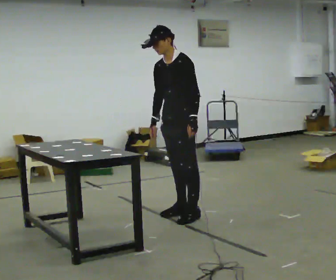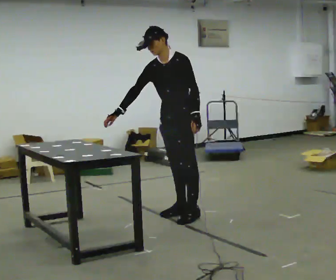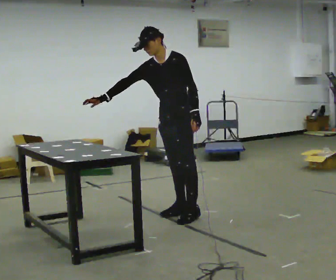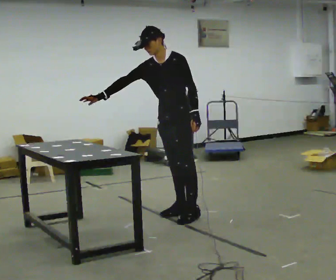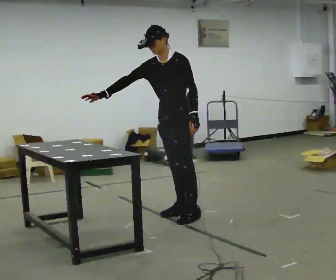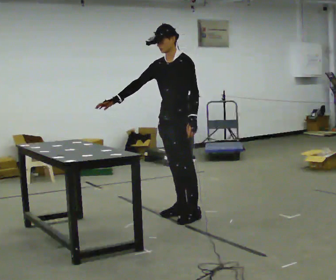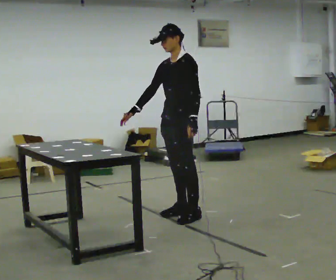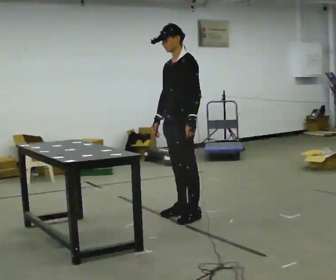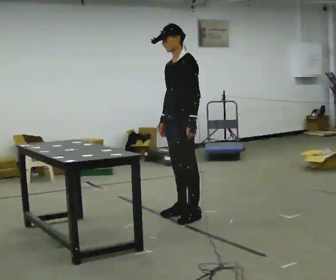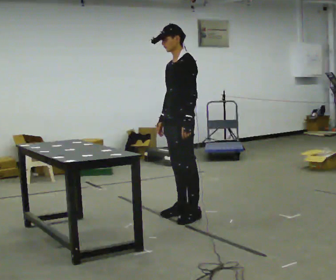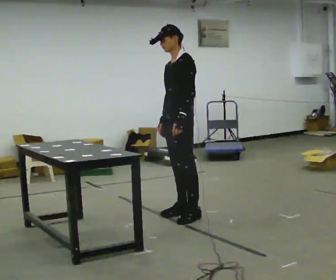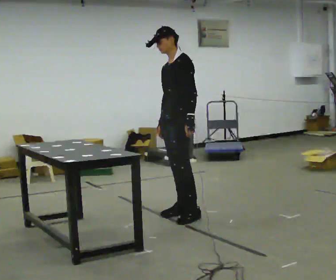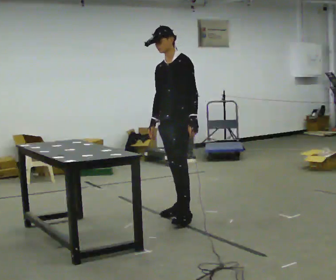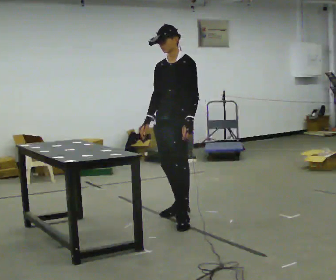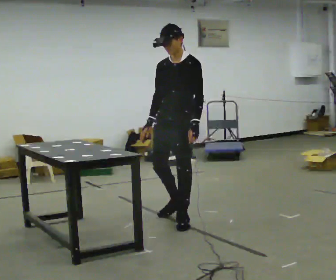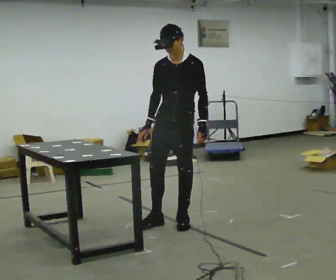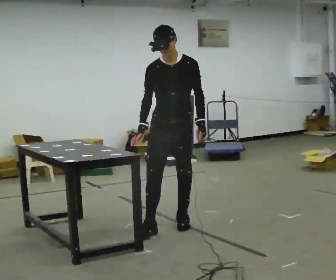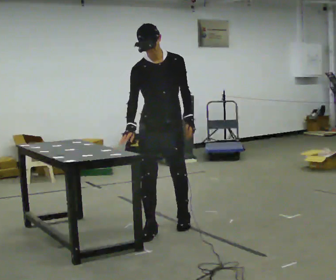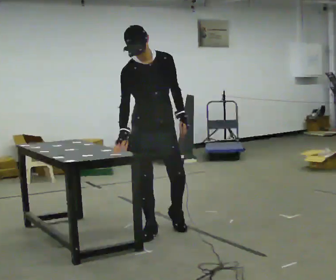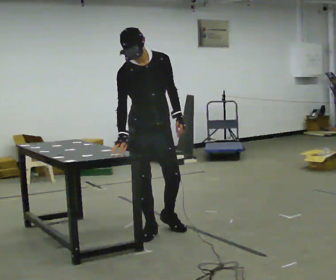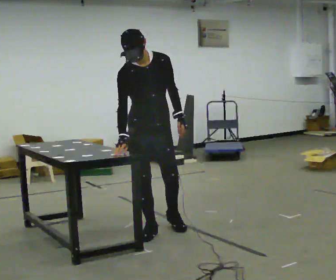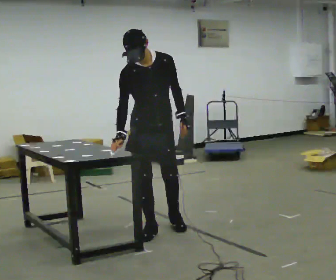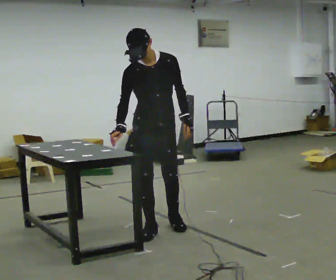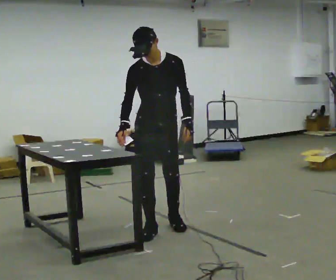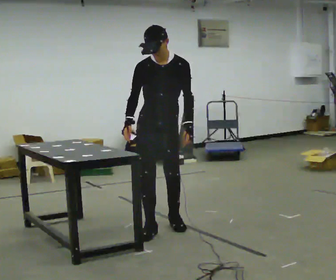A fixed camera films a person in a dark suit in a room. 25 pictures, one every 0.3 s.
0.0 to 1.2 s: In the picture their right hand goes to the left, the arm swinging clockwise.
1.2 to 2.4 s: In the picture their right hand goes to the right, the arm swinging counterclockwise.
2.4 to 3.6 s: The person moves a little, or ends about where they began.
3.6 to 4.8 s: The part of the body nearest the lens slides to the right as the person turns to their left by about 45 degrees. In the picture they go toward the camera, about 0.25 m in 1 step, which for them is forward and to their left.
4.8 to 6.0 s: Seen from above the body turns counterclockwise, about 30 degrees: to their left, with its near side sliding to the right. In the picture they go to the left and toward the camera, about 0.25 m in 1 step, which for them is to their right and forward.
6.0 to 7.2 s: The person turns about 30 degrees to their right, clockwise seen from above, so the part of the body nearest the lens slides to the left.
The film runs backward here.
